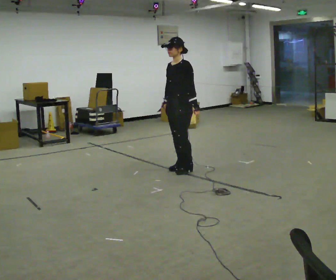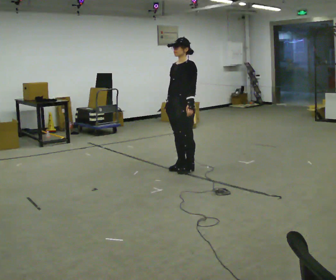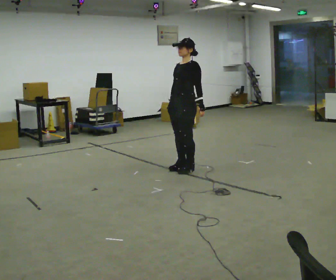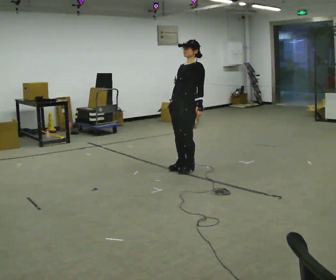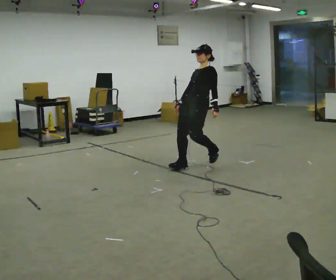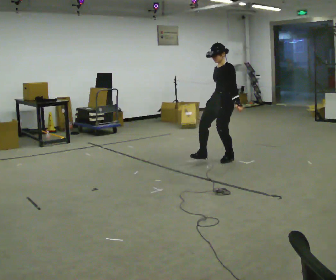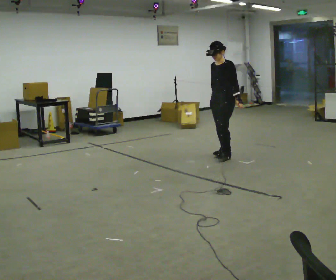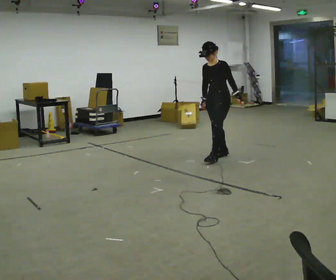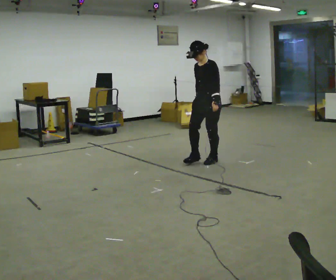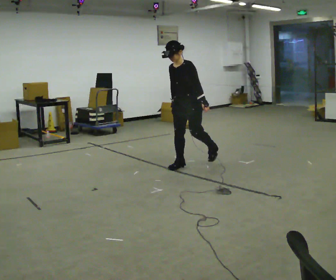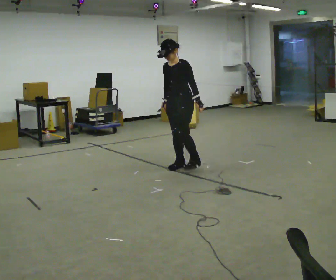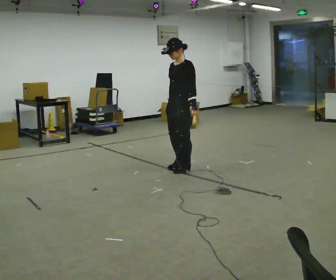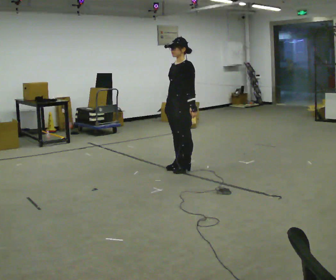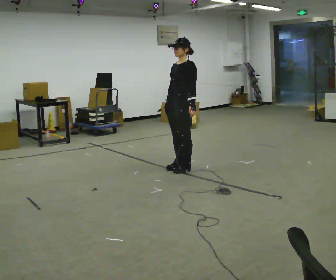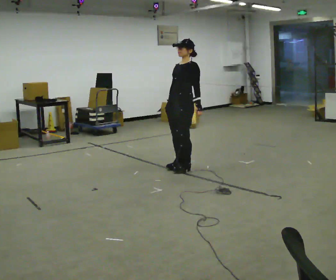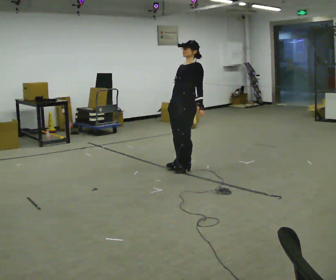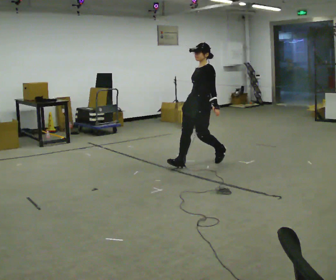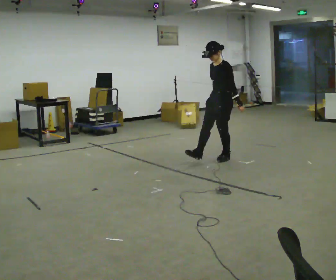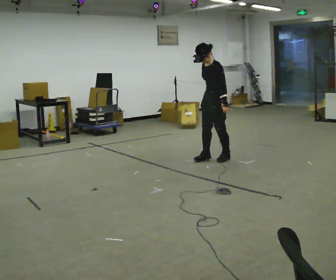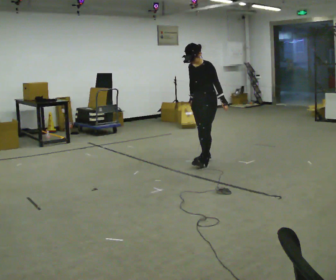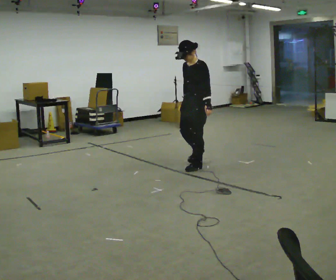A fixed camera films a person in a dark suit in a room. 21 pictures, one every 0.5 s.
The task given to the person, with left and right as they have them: Stand on the marked spots. Lean backward, keeping your body straight, until you cannot hold it, then step back to catch yourself. Return to the spots. Repeat at your own pace until the operator says stop. Go slowly and only as far as you are comfortable. Step whenever you need to; do not try to hold on longer than feels safe.
0.0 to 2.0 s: In the picture they go to the right and away from the camera, about 0.25 m, which for them is backward. In the picture the upper body tilts clockwise, shoulders to the right, as they lean back or straighten.
2.0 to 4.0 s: In the picture they go away from the camera, about 0.25 m in 3 steps, which for them is backward. In the picture the upper body tilts counterclockwise, shoulders to the left, as they bend forward.
4.0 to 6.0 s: In the picture they go to the left and toward the camera, about 0.5 m in 2 steps, which for them is forward.
6.0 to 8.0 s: In the picture they go to the right and away from the camera, about 0.25 m, which for them is backward.
8.0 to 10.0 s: The person moves a little, or ends about where they began.
The film runs forward here.
